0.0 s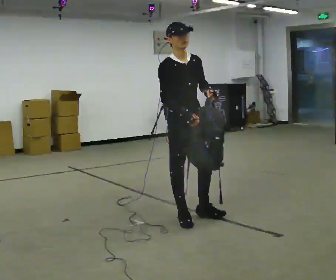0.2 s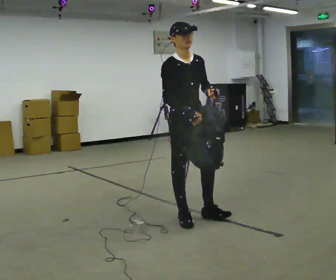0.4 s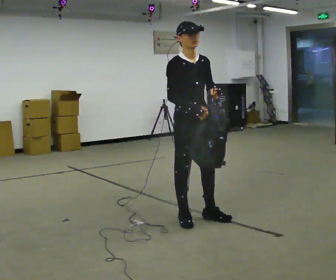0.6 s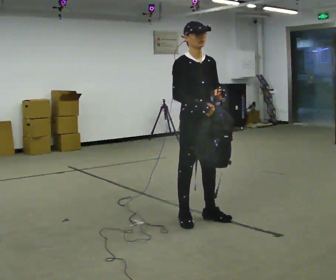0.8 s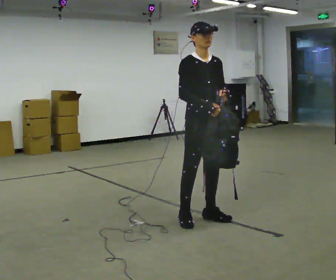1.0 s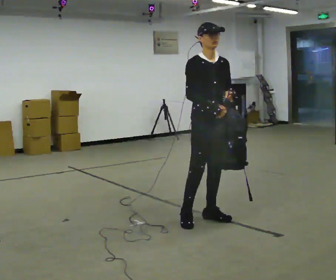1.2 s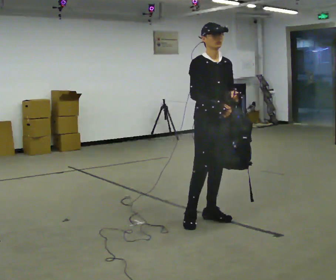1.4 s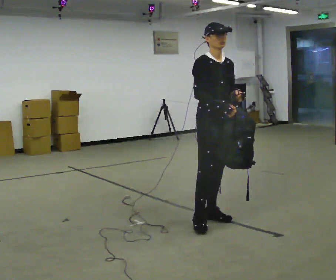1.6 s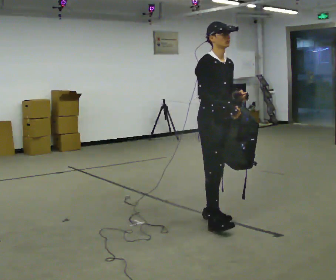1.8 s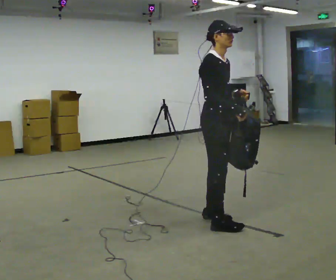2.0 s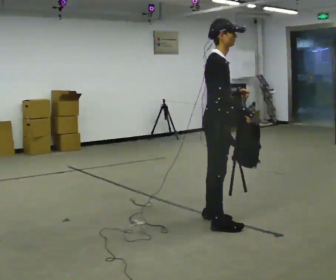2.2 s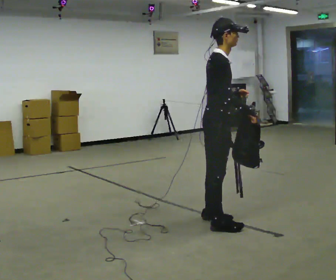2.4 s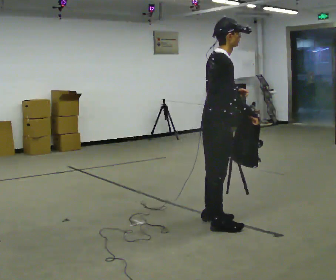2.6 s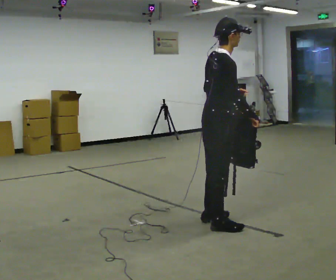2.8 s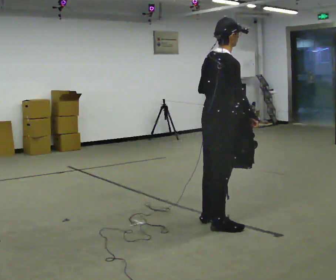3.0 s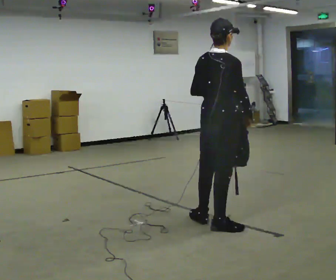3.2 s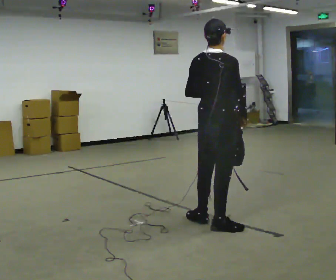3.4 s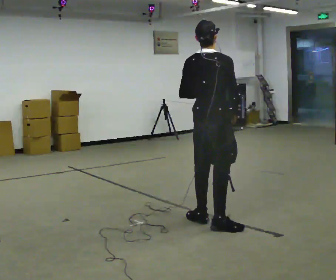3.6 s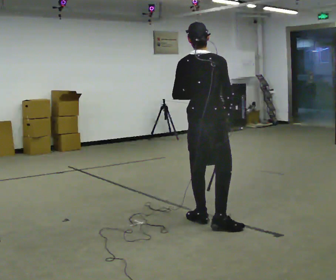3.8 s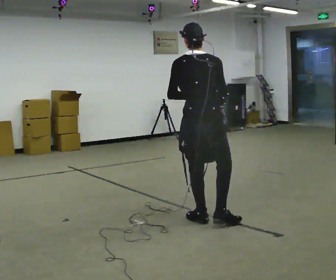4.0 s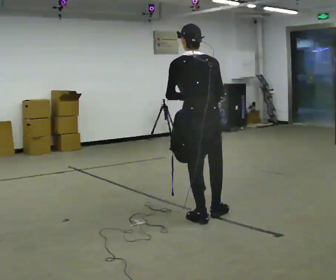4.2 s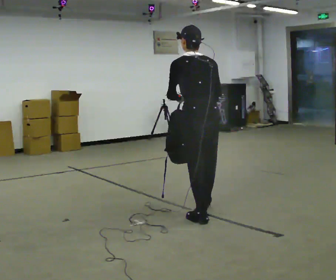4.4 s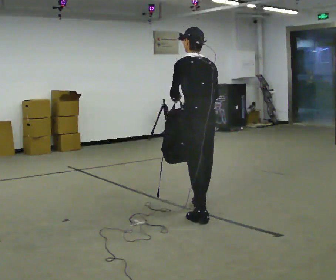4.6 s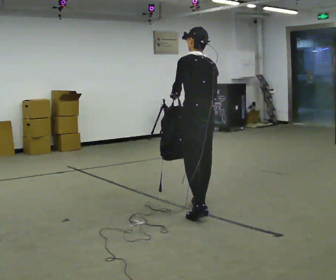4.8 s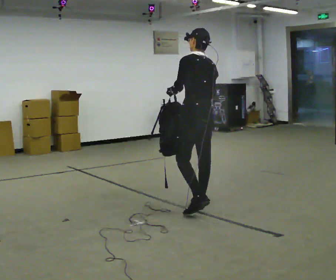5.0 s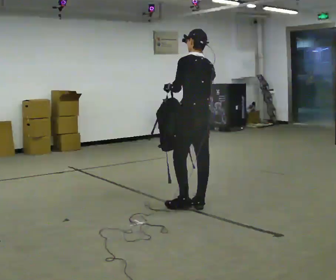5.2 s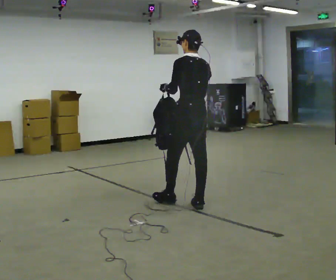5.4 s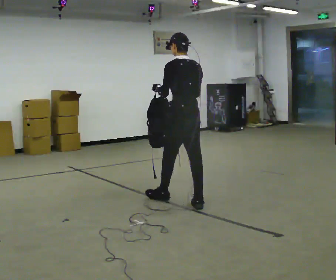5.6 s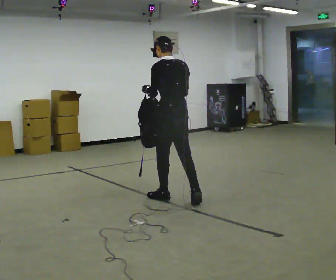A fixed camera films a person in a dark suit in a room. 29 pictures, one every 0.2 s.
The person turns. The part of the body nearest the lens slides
to the right.
The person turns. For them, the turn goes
to their left.
0.0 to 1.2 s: In the picture they go to the right, about 0.25 m in 1 step, which for them is to their left and forward.
1.2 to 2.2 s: The person turns about 60 degrees to their left, counterclockwise seen from above, so the part of the body nearest the lens slides to the right. In the picture they go toward the camera, about 0.25 m in 1 step, which for them is to their right and forward.
2.2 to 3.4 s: Seen from above the body turns counterclockwise, about 60 degrees: to their left, with its near side sliding to the right.
3.4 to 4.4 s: Seen from above the body turns counterclockwise, about 60 degrees: to their left, with its near side sliding to the right. In the picture they go away from the camera, about 0.25 m in 1 step, which for them is forward.
4.4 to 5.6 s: In the picture they go away from the camera and to the left, about 0.5 m in 1 step, which for them is forward.
The film runs forward here.
